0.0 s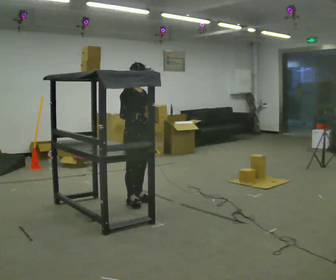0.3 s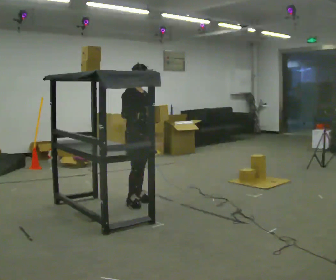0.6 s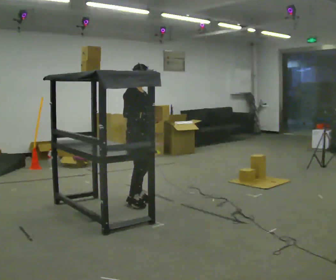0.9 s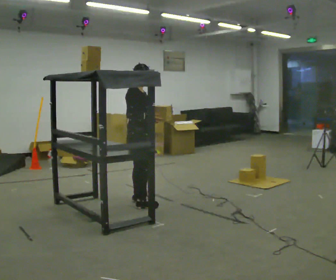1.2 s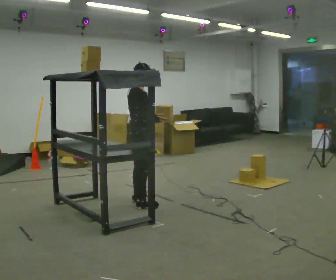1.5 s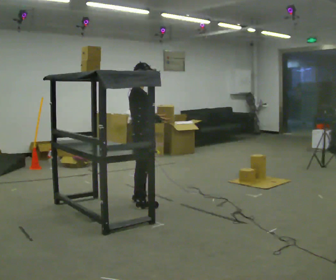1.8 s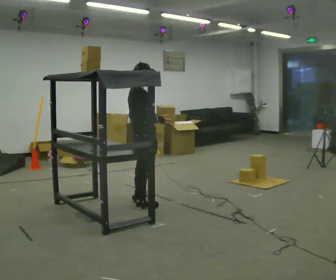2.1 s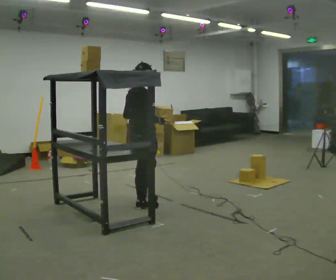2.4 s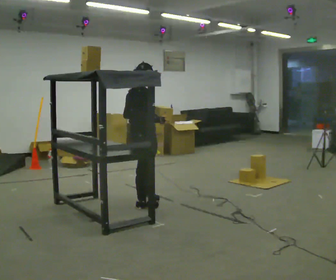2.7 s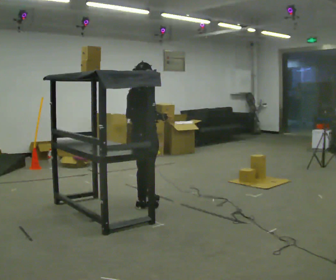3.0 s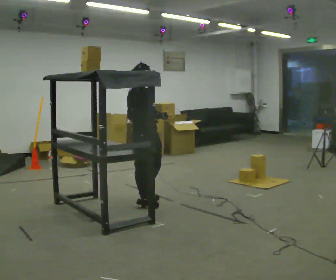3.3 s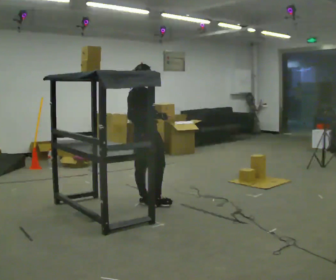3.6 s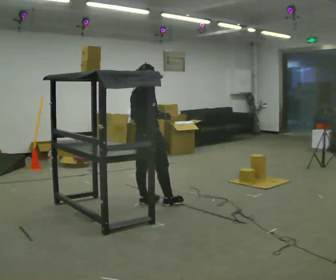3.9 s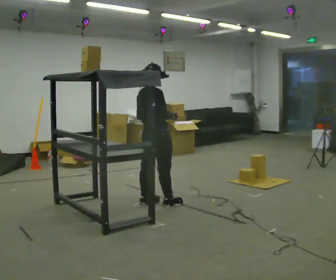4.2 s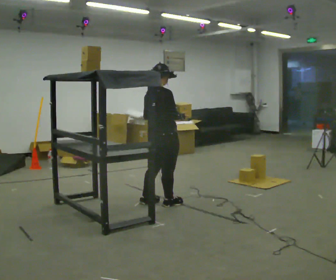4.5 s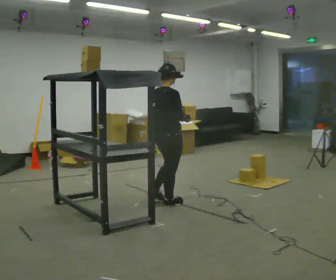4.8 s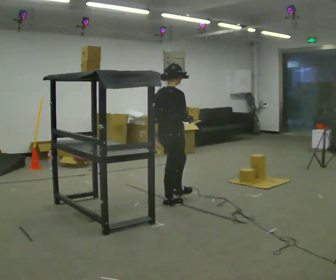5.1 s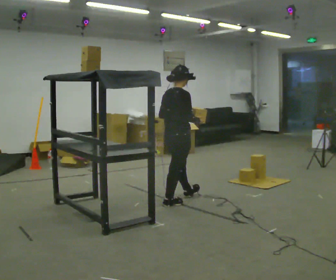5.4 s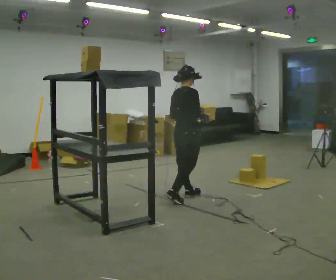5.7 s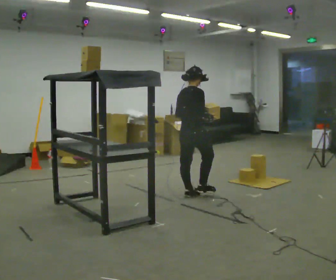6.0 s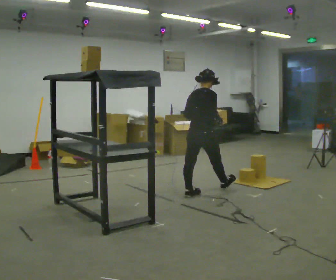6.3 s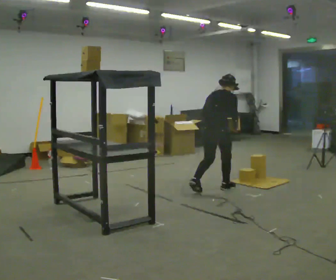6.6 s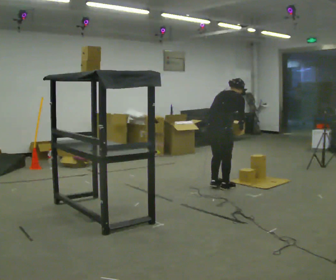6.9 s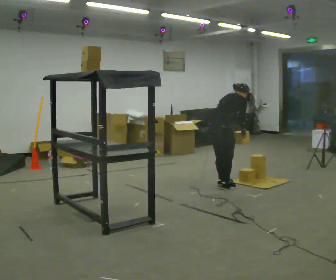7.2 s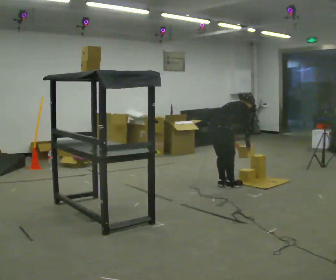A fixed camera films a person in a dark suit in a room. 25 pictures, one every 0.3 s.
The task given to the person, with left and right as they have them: Take an object from the highest shelf you can comfortably reach, carry it across, and place it on the lowest shelf. Keep going until the operator says stop; one object at a time, and do not rush between trips.
0.0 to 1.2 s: Seen from above the body turns counterclockwise, about 30 degrees: to their left, with its near side sliding to the right.
1.2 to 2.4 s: The part of the body nearest the lens slides to the right as the person turns to their left by about 45 degrees.
2.4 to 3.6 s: The person moves a little, or ends about where they began.
3.6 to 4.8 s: In the picture they go to the right, about 0.25 m, which for them is forward and to their right.
4.8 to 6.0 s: In the picture they go to the right and away from the camera, about 0.5 m in 1 step, which for them is forward.
6.0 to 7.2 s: In the picture they go to the right and away from the camera, about 0.25 m in 3 steps, which for them is forward. The shoulders move downward. In the picture the upper body tilts clockwise, shoulders to the right, as they bend forward. In the picture their left hand goes downward.
The film runs forward here.
